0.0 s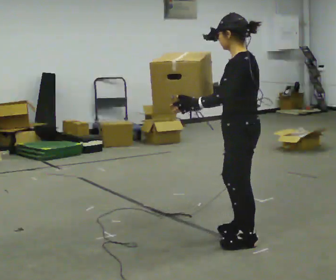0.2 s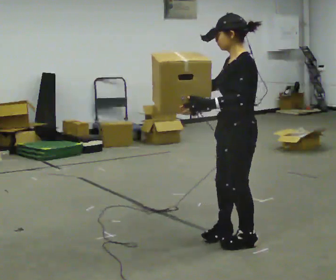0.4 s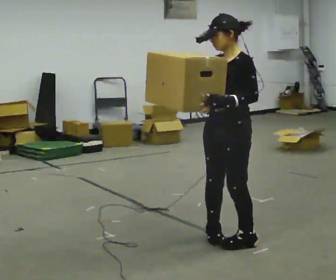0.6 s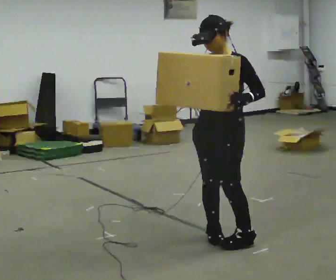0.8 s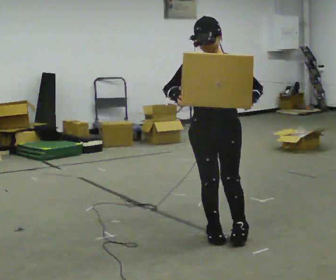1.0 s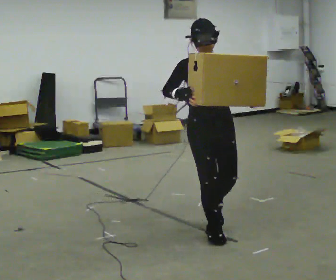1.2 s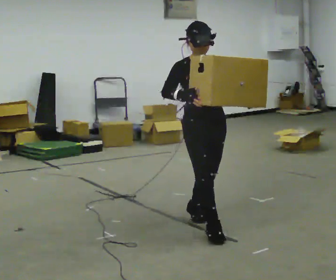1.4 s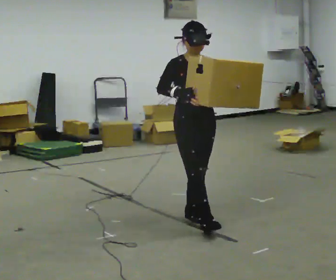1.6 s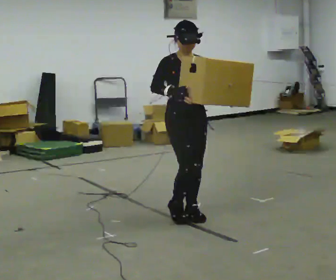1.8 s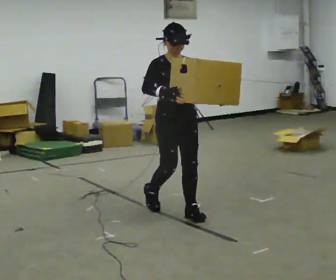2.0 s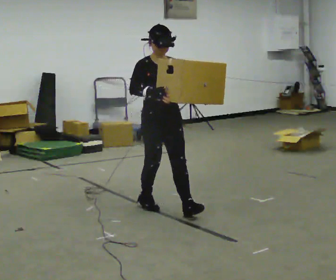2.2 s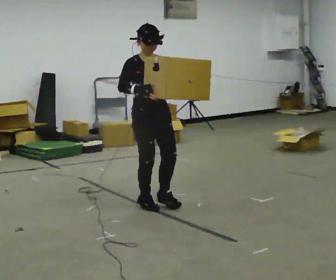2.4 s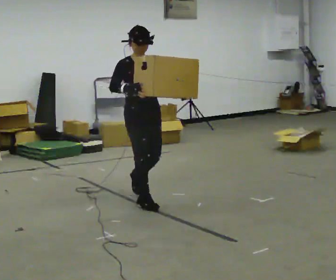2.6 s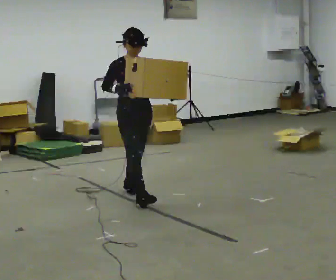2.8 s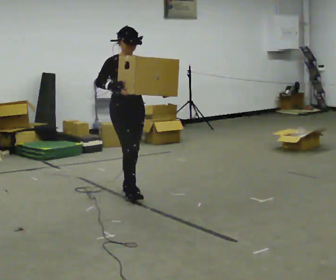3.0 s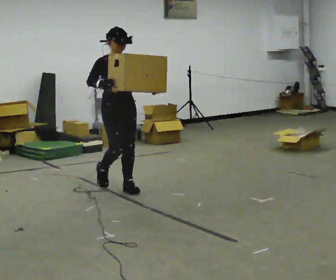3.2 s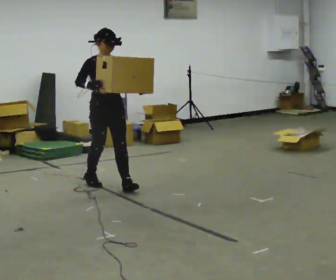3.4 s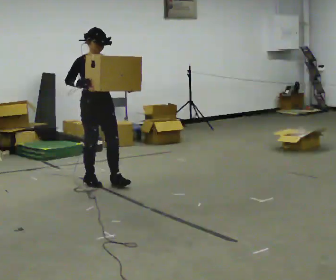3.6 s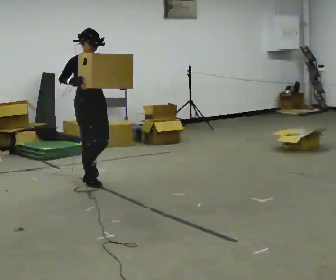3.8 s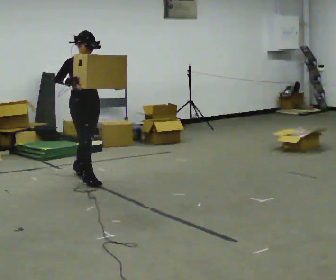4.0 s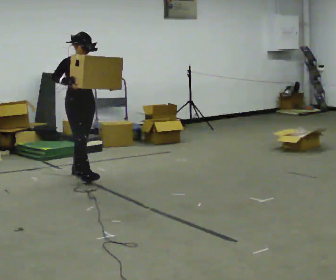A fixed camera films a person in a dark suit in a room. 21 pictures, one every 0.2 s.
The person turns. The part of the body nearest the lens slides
to the right.
The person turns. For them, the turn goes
to their left.
0.0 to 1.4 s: The part of the body nearest the lens slides to the right as the person turns to their left by about 135 degrees. In the picture they go away from the camera and to the left, about 0.75 m in 2 steps.
1.4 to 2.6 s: In the picture they go away from the camera and to the left, about 1 m in 2 steps, which for them is backward.
2.6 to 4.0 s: In the picture they go away from the camera and to the left, about 1 m in 2 steps, which for them is backward.
The film runs backward here.
